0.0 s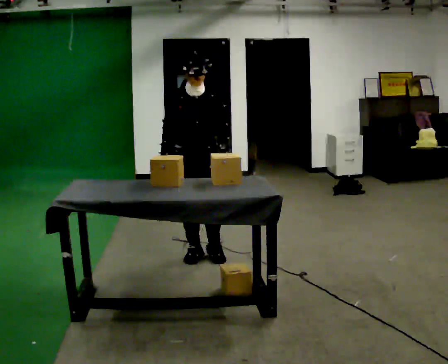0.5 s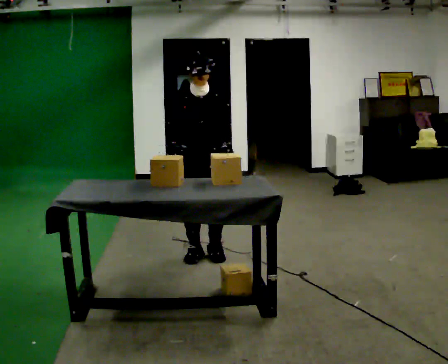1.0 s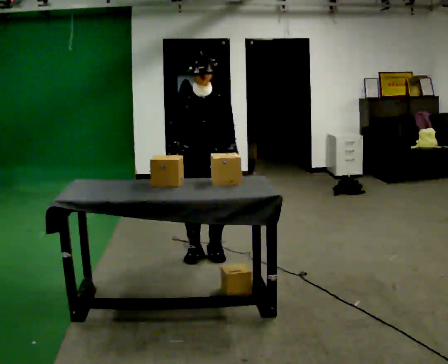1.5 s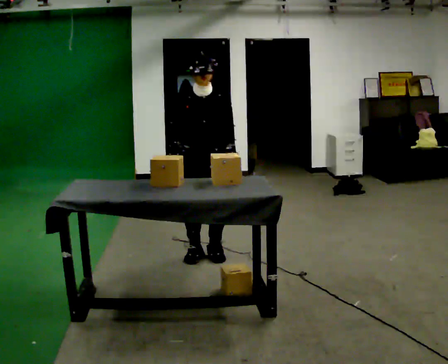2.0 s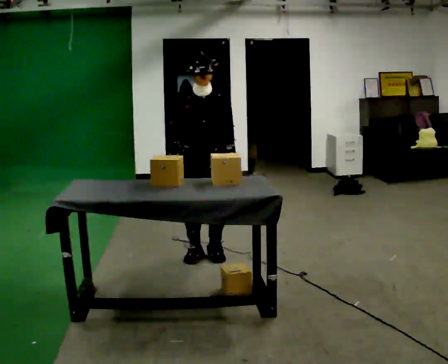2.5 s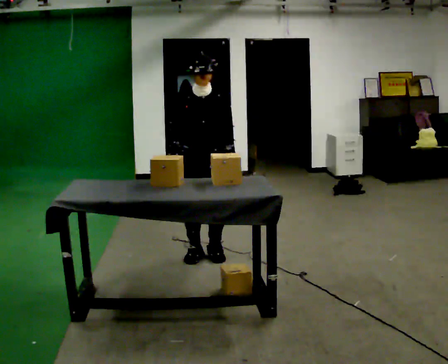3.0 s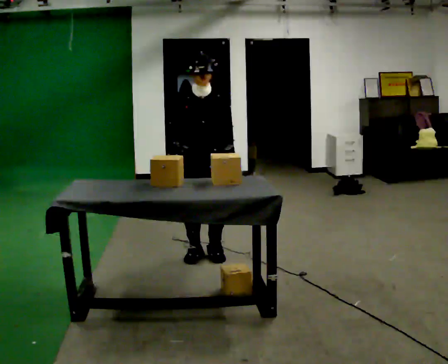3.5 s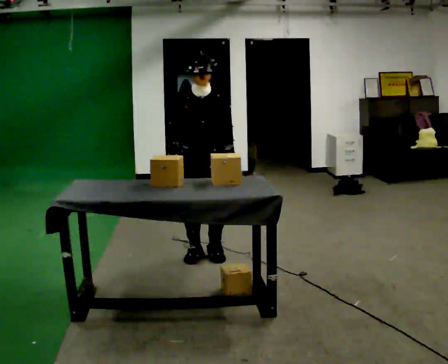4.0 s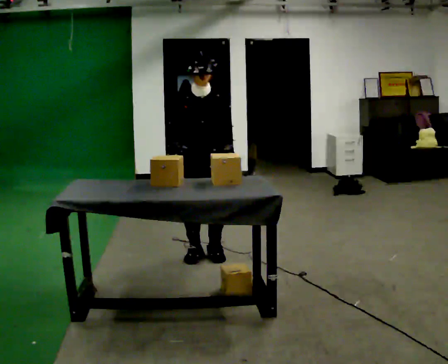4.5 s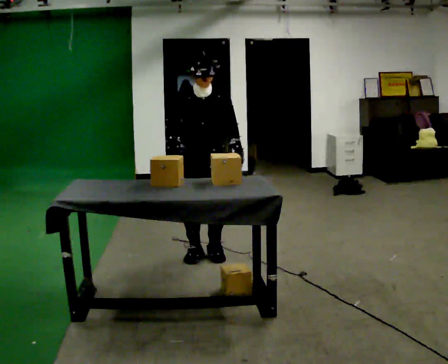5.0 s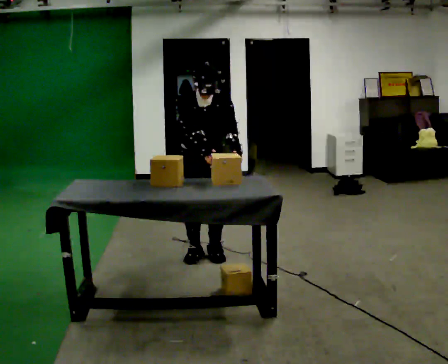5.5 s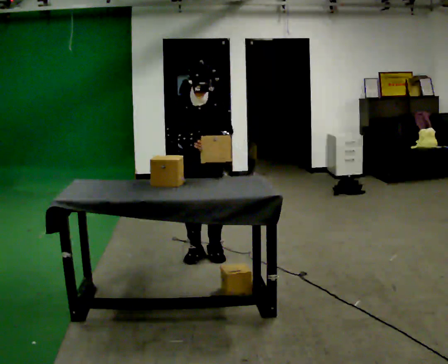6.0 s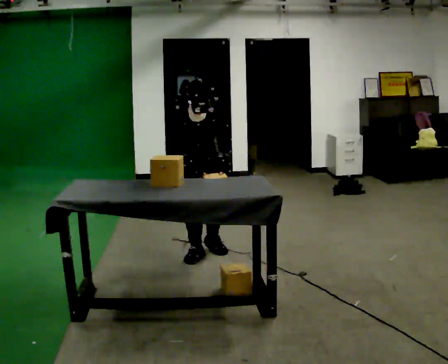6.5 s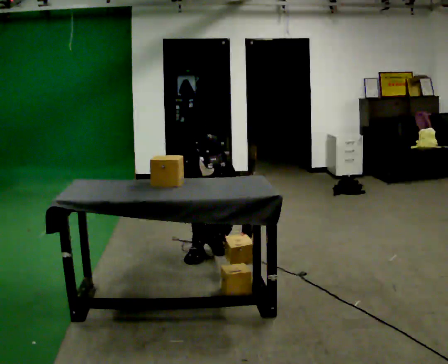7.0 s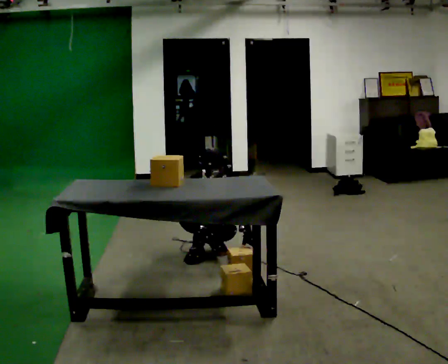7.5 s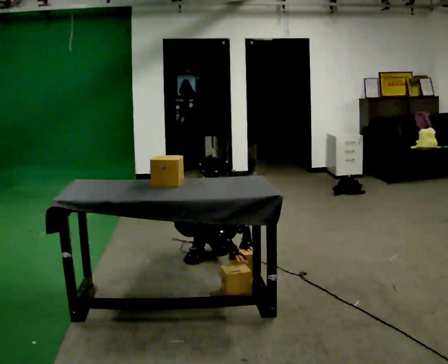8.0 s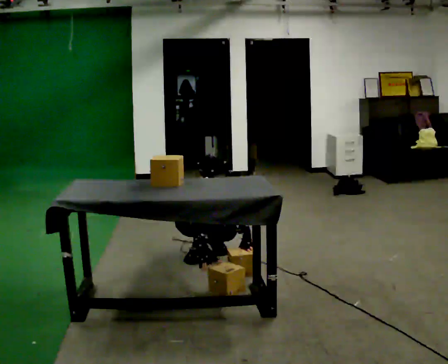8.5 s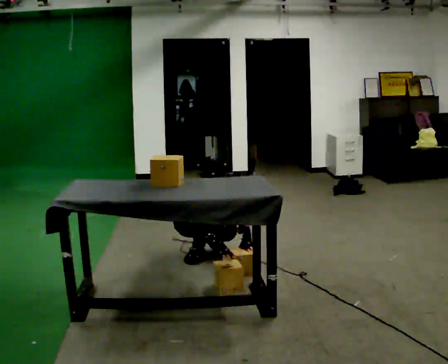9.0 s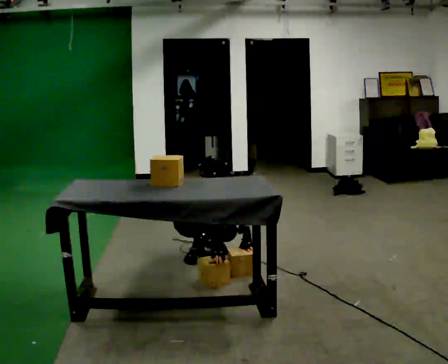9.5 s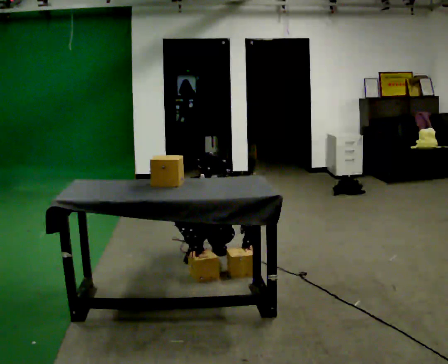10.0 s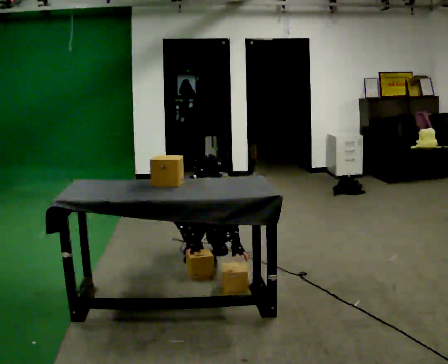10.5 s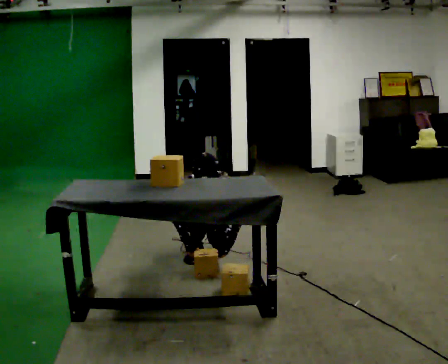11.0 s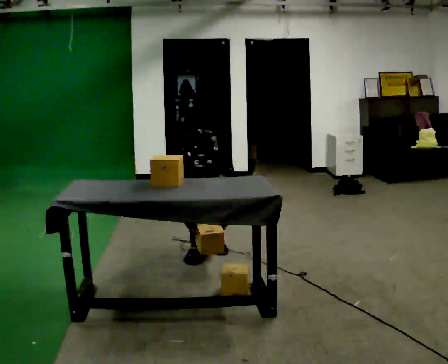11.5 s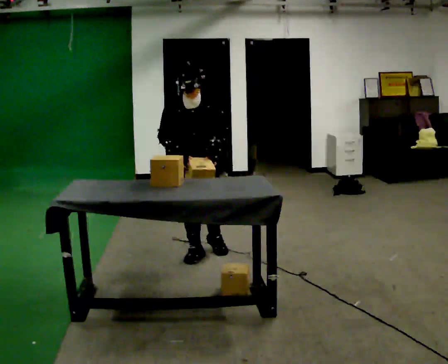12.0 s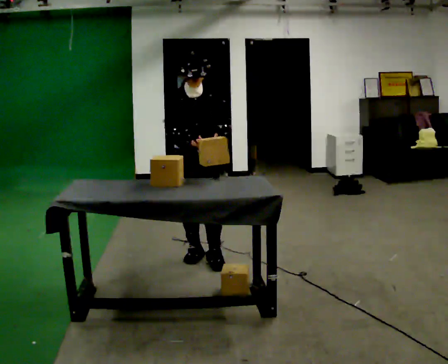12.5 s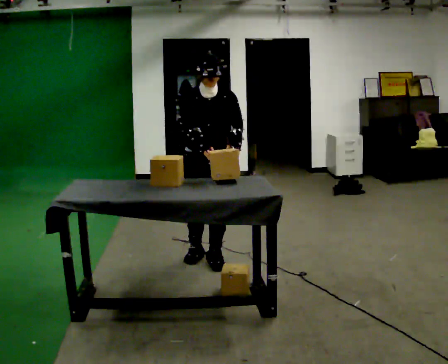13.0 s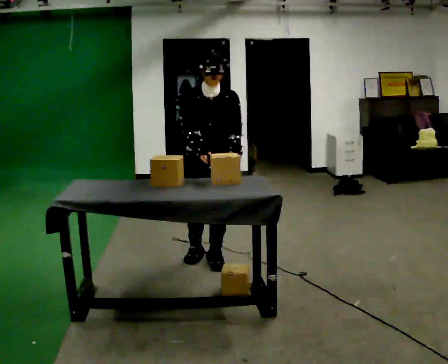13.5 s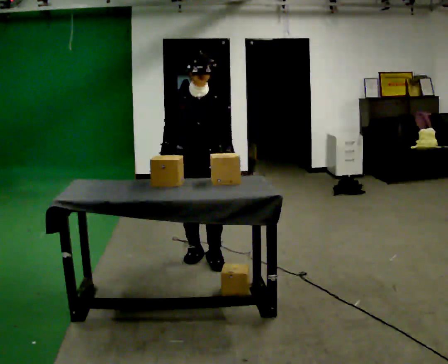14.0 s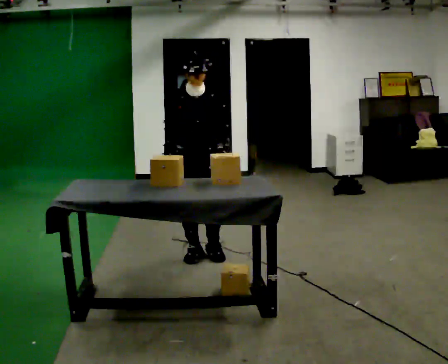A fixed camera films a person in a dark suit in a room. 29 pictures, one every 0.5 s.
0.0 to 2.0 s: The person moves a little, or ends about where they began.
2.0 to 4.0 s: The person keeps their place and pose.
4.0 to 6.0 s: The shoulders move downward.
6.0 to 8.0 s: The shoulders move downward. In the picture their right hand goes downward.
8.0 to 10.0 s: The person moves a little, or ends about where they began.
10.0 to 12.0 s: In the picture they go toward the camera, about 0.25 m in 1 step, which for them is forward. The shoulders move upward. In the picture their right hand goes upward.
12.0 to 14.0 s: The person moves a little, or ends about where they began.
The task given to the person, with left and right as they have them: Take the boxes off the top, get the one from the bottom, carry it away, then put the others back. Keep going until the operator says stop; one object at a time, and do not rush between trips.
The film runs forward here.
